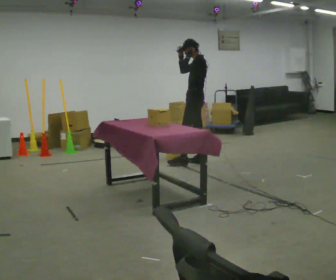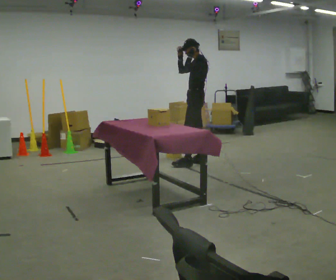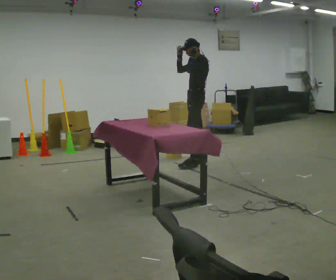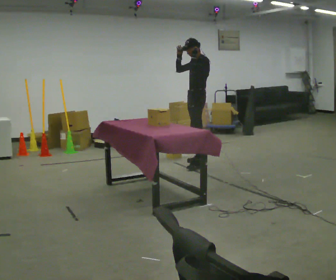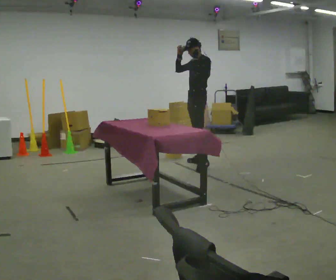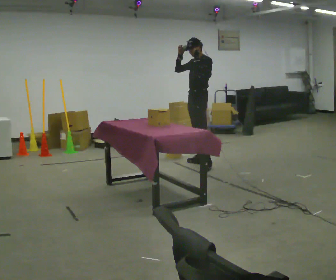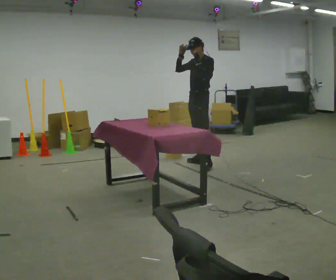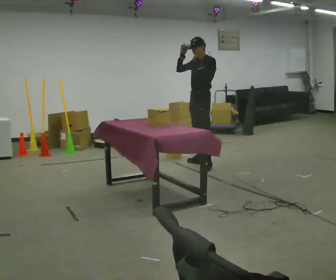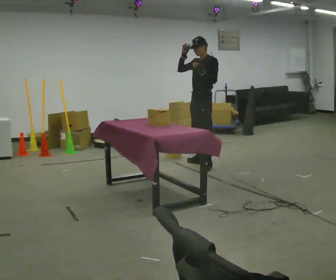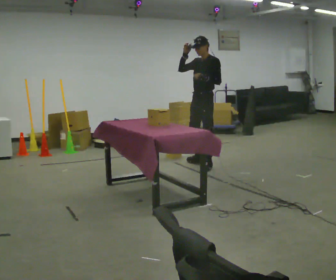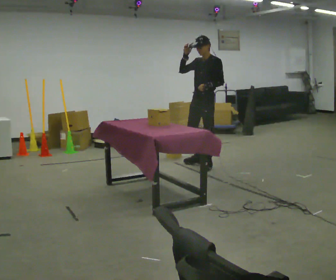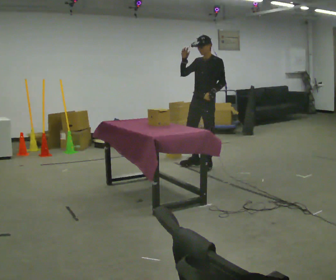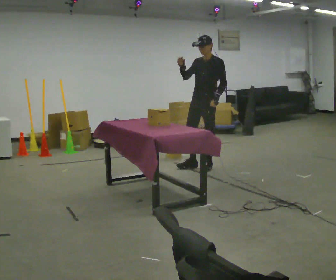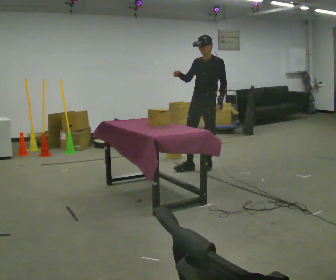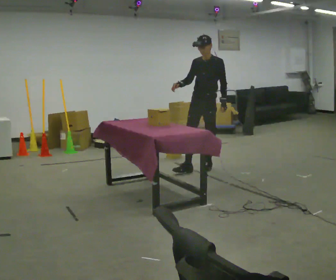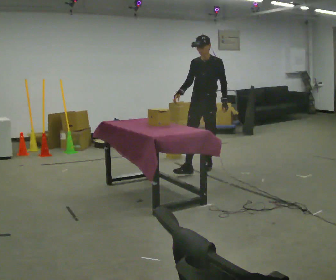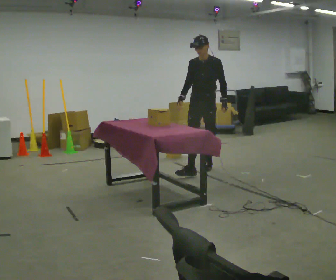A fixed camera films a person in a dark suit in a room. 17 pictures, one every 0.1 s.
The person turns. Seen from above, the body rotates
counterclockwise.
Their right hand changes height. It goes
downward.
0.0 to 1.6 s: Seen from above the body turns counterclockwise, about 75 degrees: to their left, with its near side sliding to the right. In the picture they go toward the camera, about 0.5 m in 1 step. In the picture their left hand goes downward.
The film runs forward here.
